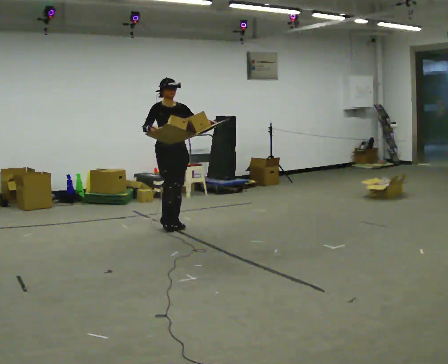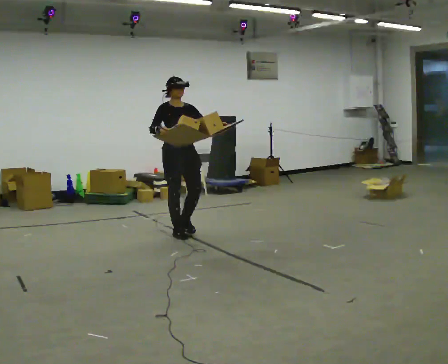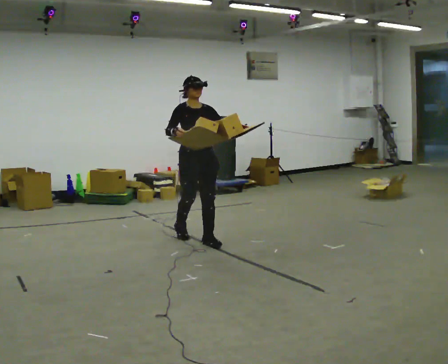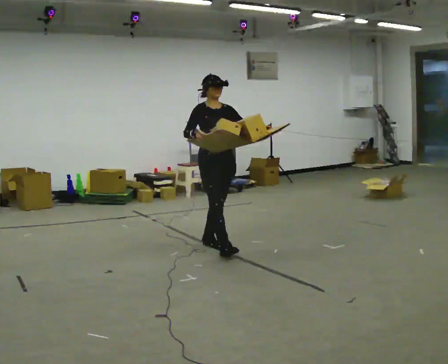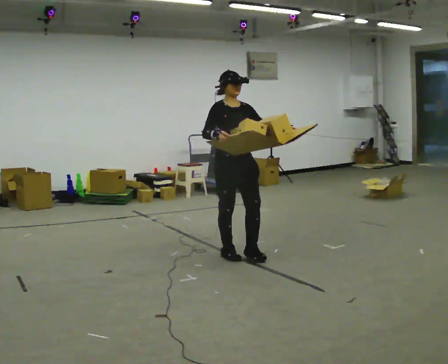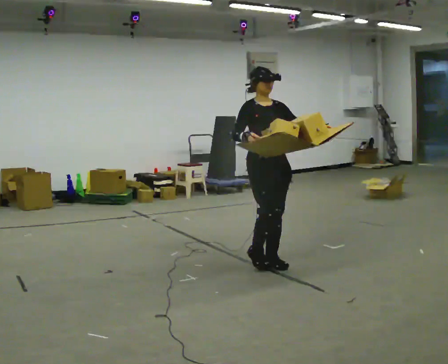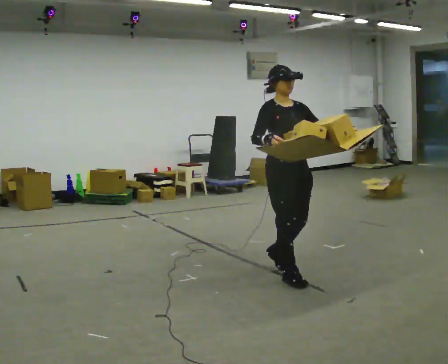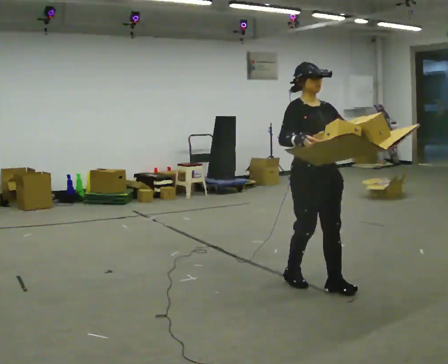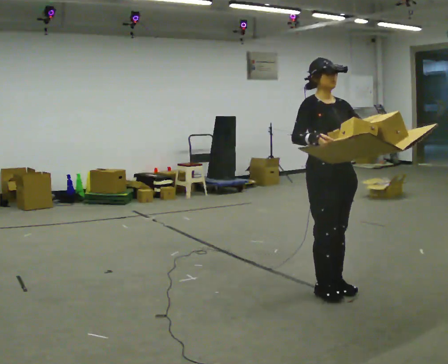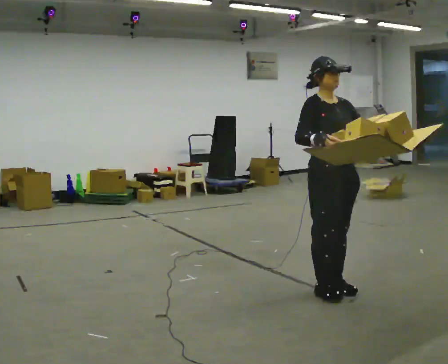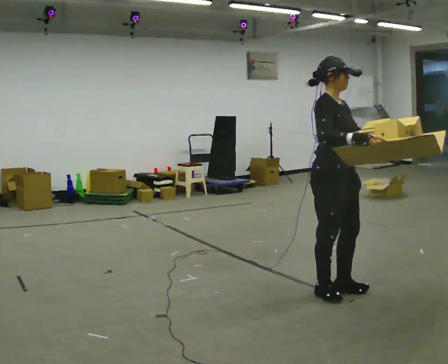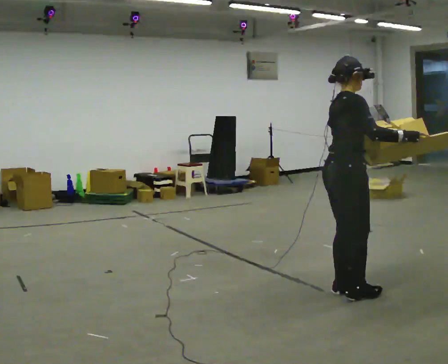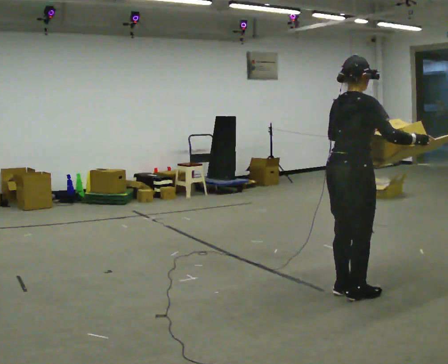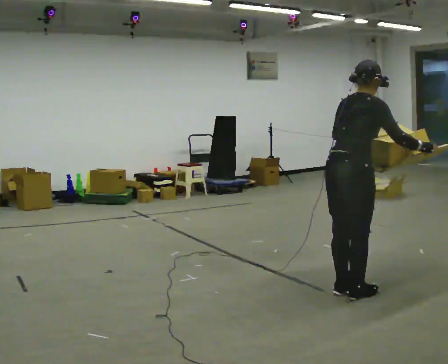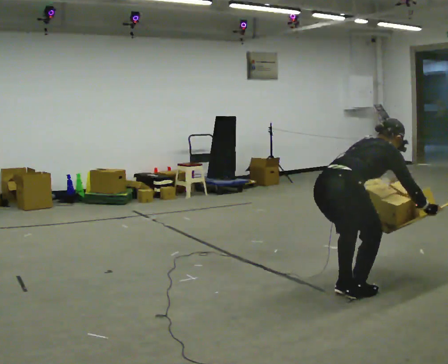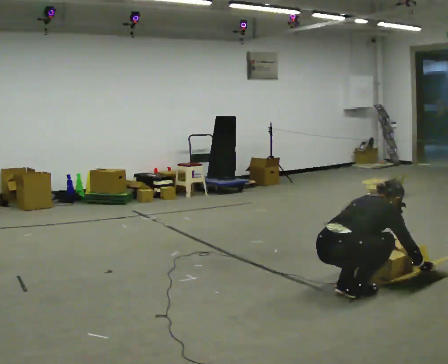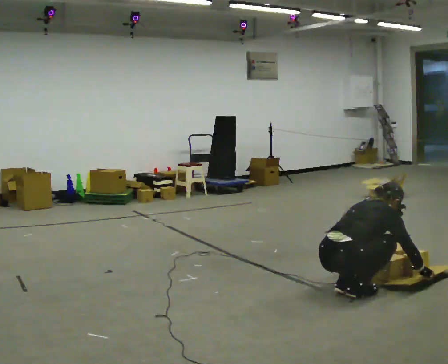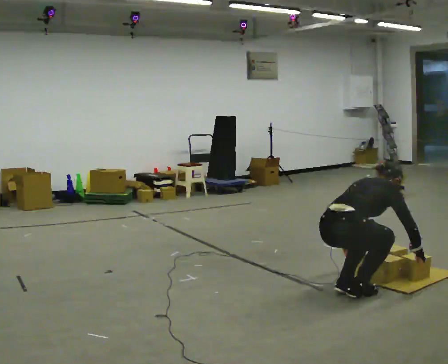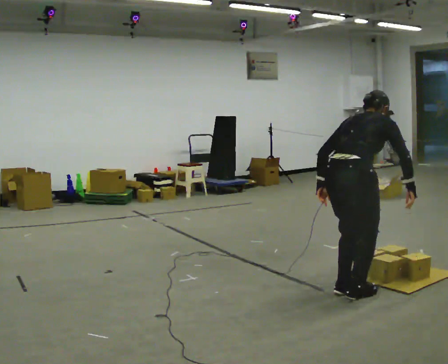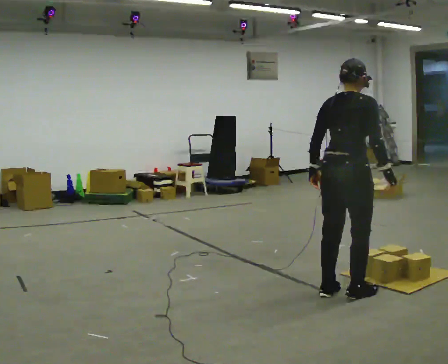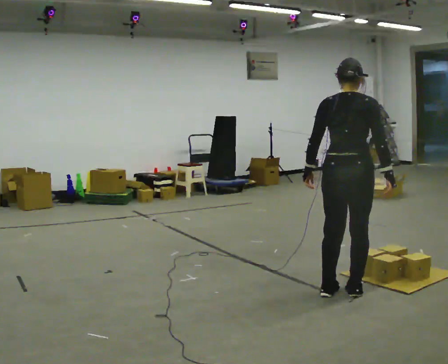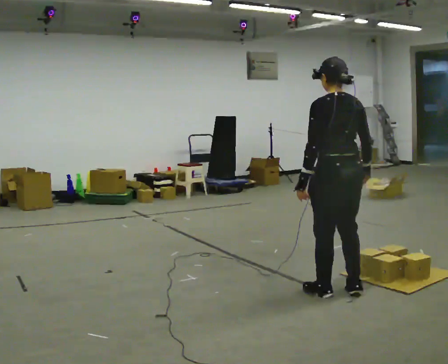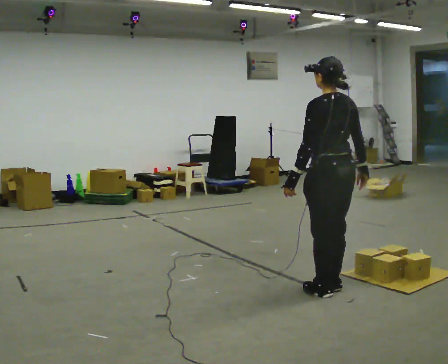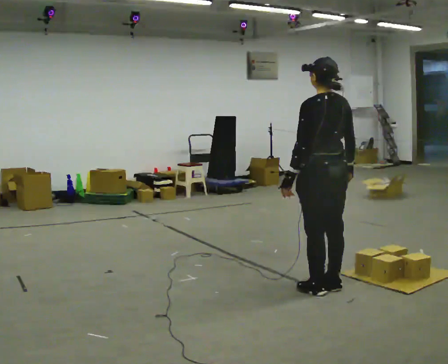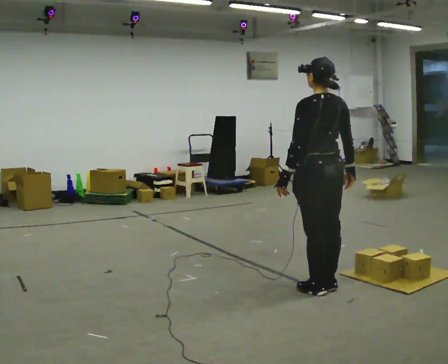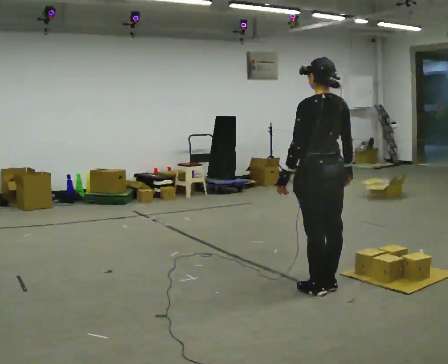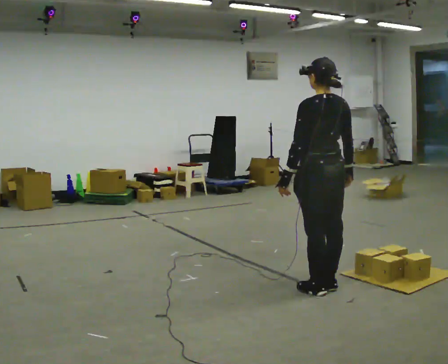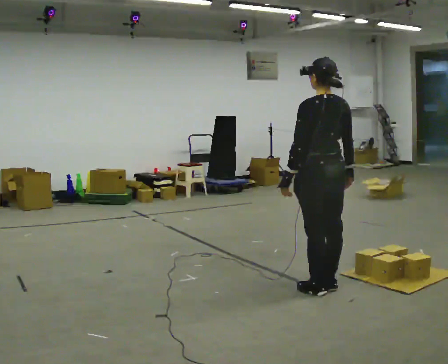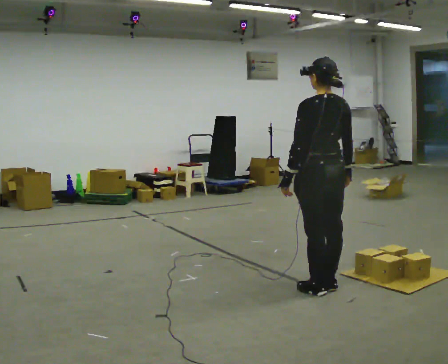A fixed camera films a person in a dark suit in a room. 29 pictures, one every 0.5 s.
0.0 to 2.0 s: In the picture they go toward the camera and to the right, about 1.5 m in 3 steps, which for them is forward.
2.0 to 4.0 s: In the picture they go toward the camera and to the right, about 1 m in 4 steps, which for them is forward.
4.0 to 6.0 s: Seen from above the body turns counterclockwise, about 90 degrees: to their left, with its near side sliding to the right.
6.0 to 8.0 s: The shoulders move downward. The upper body tips away from the camera, its near side rolling upward, as they bend forward. In the picture their right hand goes downward.
8.0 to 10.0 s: Seen from above the body turns counterclockwise, about 45 degrees: to their left, with its near side sliding to the right. The upper body goes upward. In the picture the upper body tilts counterclockwise, shoulders to the left, as they lean back or straighten. In the picture their left hand goes upward and to the left.
10.0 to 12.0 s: The person turns about 45 degrees to their left, counterclockwise seen from above, so the part of the body nearest the lens slides to the right. In the picture they go to the left, about 0.25 m in 1 step, which for them is forward.
12.0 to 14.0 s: The person moves a little, or ends about where they began.
The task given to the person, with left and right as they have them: Carry the loaded tray flat and level in both hands, walking back and forth across the room. Try not to let anything slide off.
The film runs forward here.
